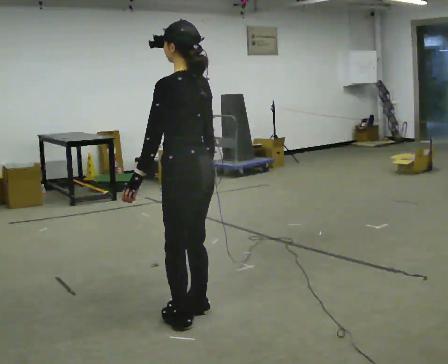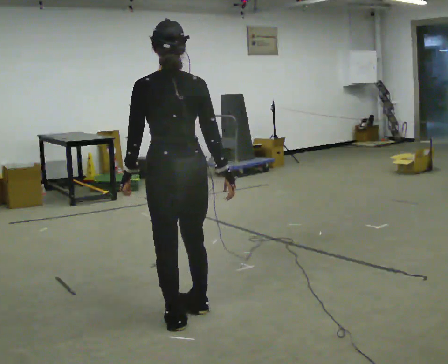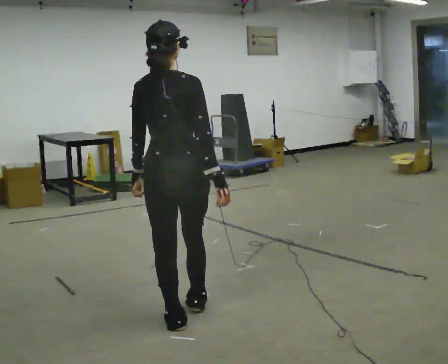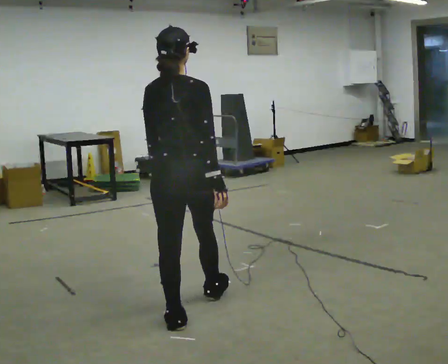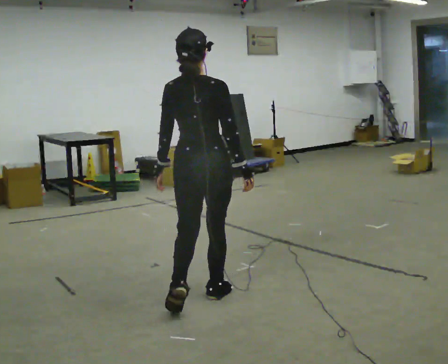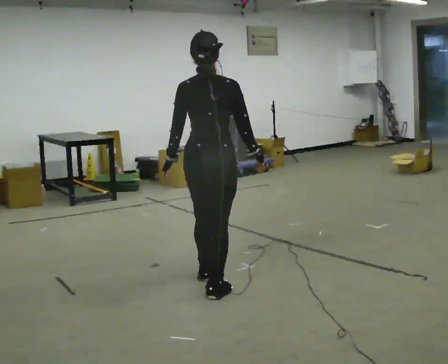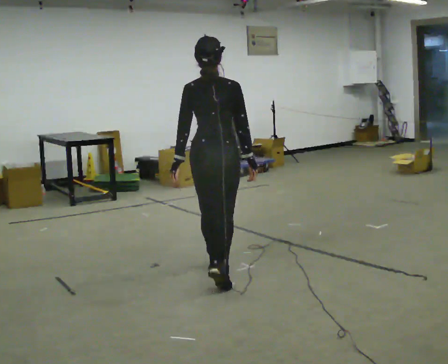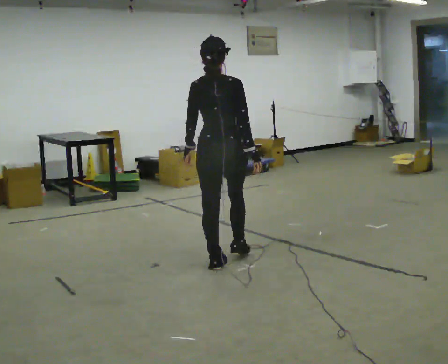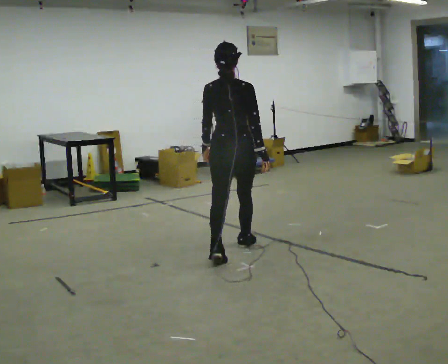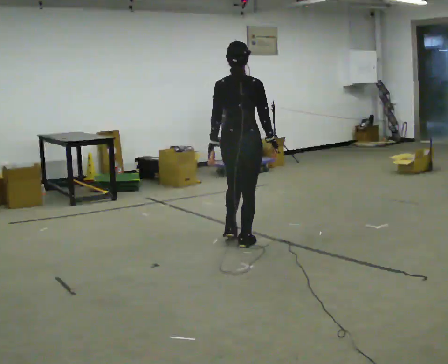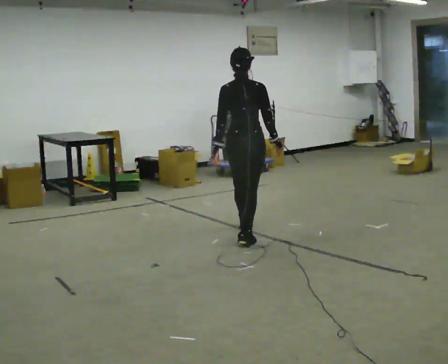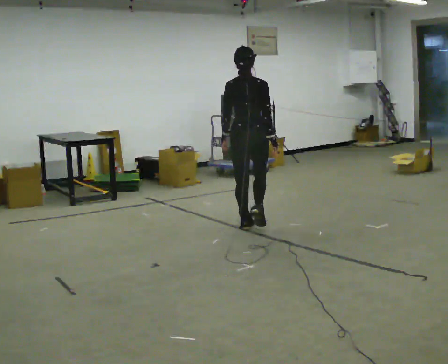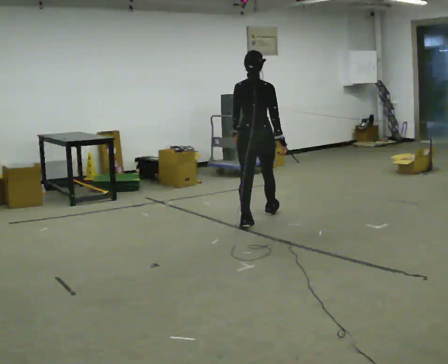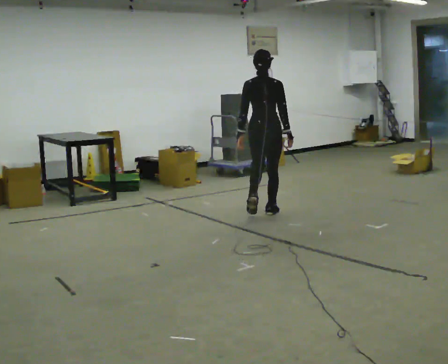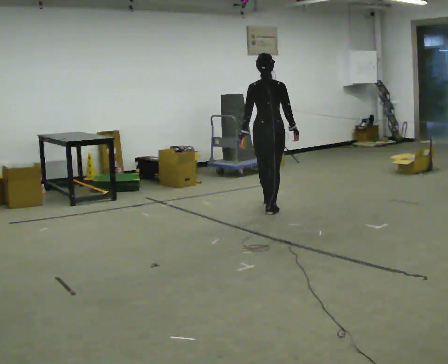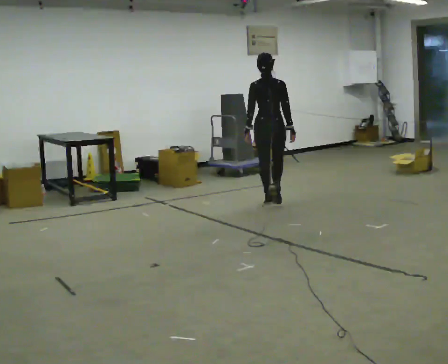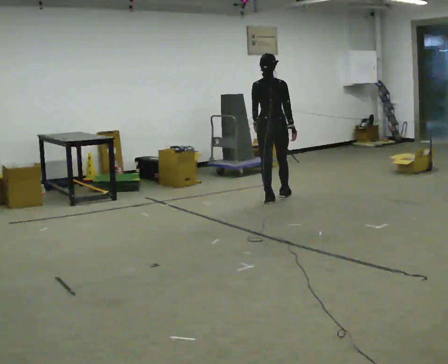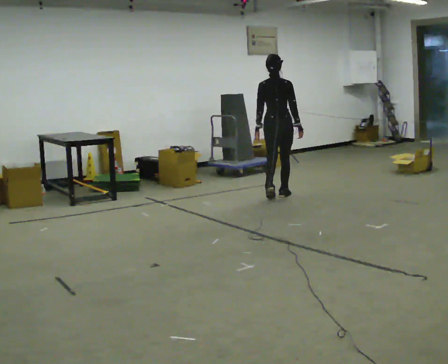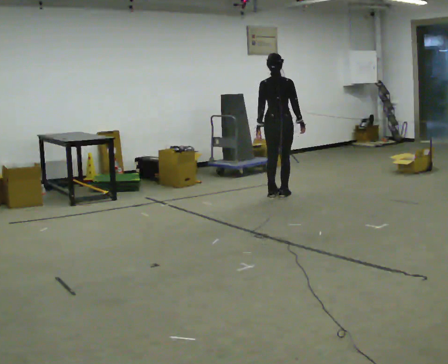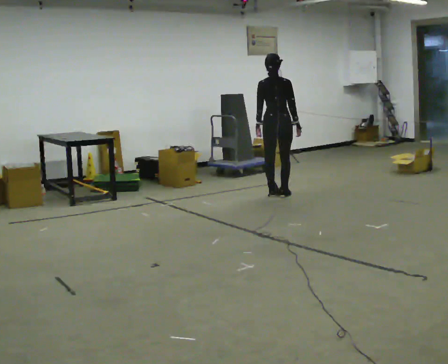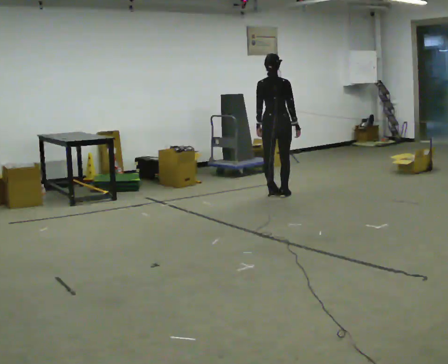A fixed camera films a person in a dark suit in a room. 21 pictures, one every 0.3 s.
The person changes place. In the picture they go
away from the camera.
0.0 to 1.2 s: The person turns about 60 degrees to their right, clockwise seen from above, so the part of the body nearest the lens slides to the left. In the picture they go away from the camera, about 0.25 m in 2 steps.
1.2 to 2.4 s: In the picture they go away from the camera, about 1 m in 2 steps, which for them is forward.
2.4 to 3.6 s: In the picture they go away from the camera, about 1 m in 1 step, which for them is forward.
3.6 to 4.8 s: In the picture they go away from the camera, about 1 m in 2 steps, which for them is forward.
4.8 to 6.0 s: In the picture they go away from the camera, about 0.25 m in 2 steps, which for them is forward.
The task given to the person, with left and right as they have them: Start still; accelerate to fast walking; hold the fast speed for several steps; decelerate and stop. Do not run.
The film runs forward here.
